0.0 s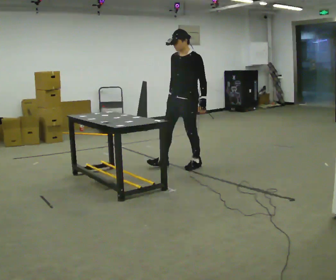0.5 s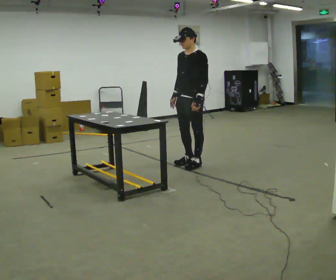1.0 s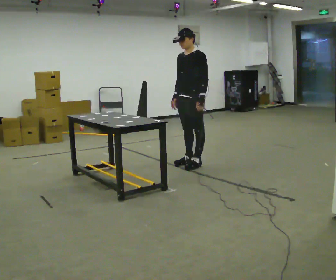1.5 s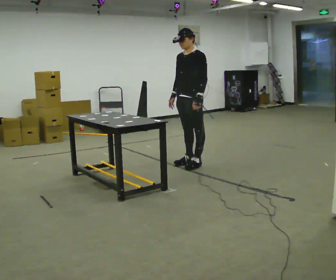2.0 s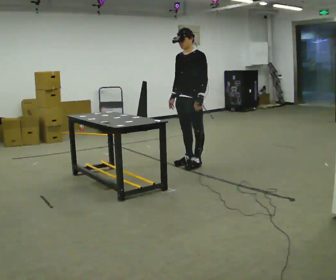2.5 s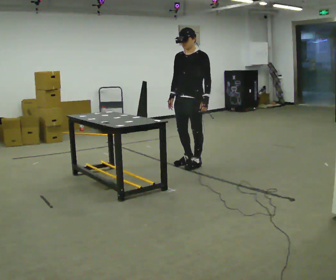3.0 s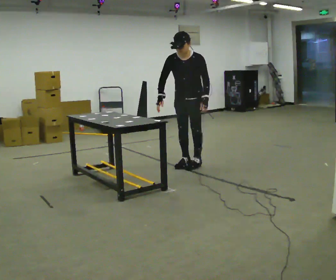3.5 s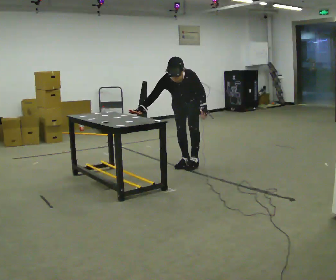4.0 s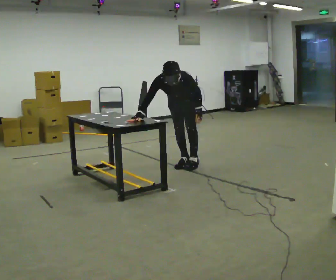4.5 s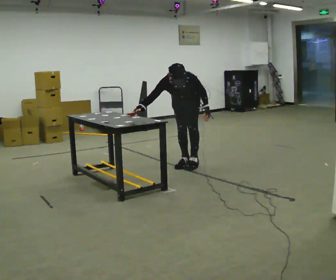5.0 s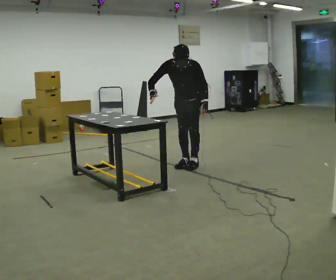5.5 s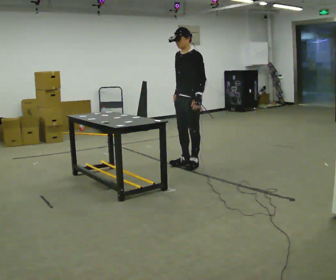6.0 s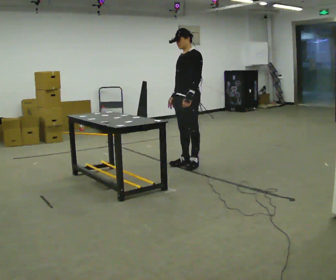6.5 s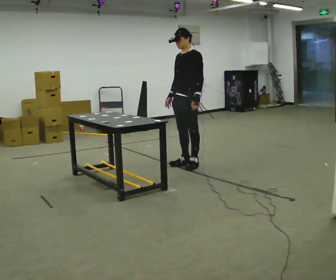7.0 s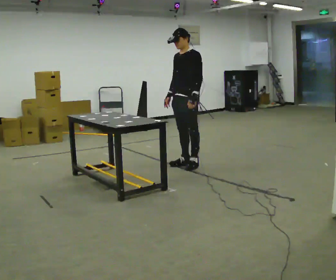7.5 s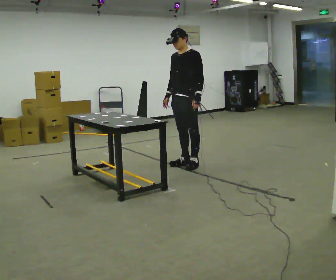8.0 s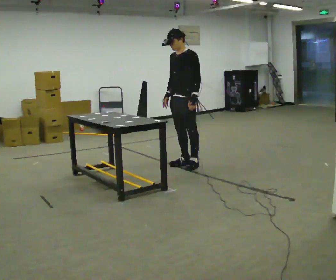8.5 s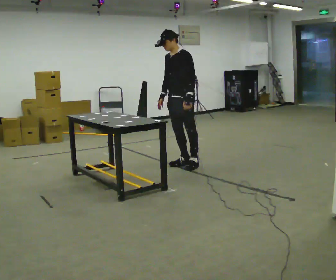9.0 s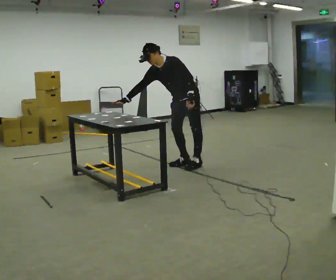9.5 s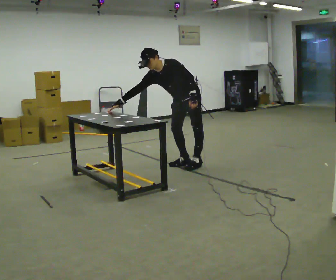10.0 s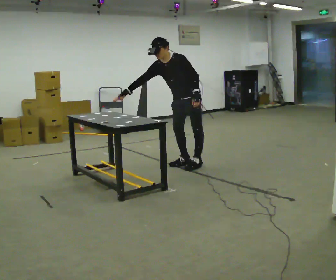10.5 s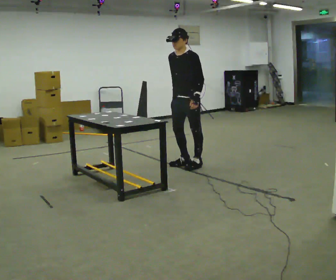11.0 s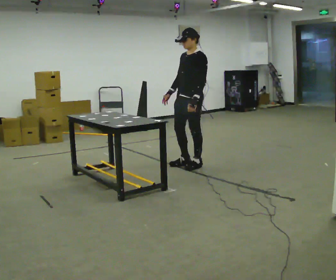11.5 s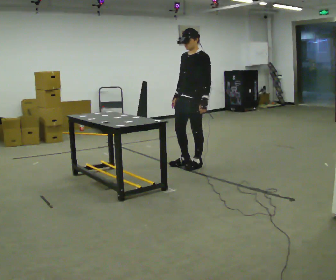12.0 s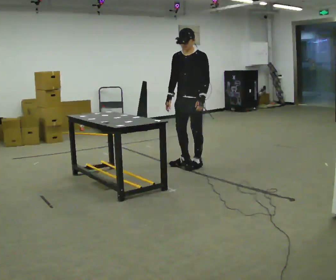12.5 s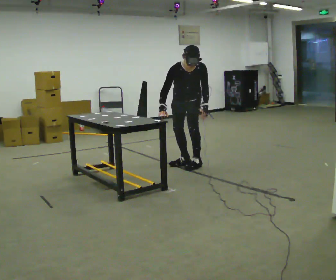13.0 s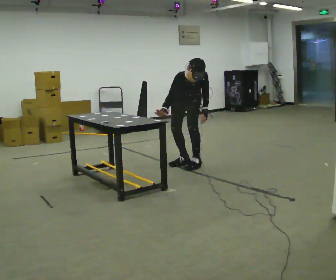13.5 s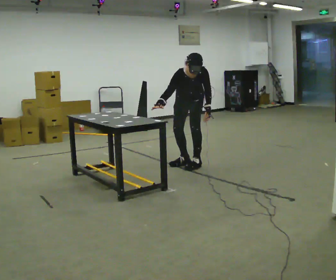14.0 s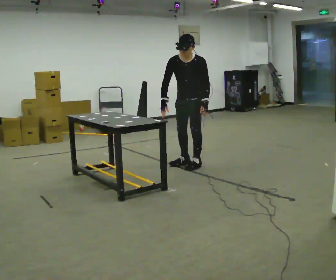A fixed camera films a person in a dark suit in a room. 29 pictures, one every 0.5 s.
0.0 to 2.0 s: The person moves a little, or ends about where they began.
2.0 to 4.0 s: Seen from above the body turns counterclockwise, about 30 degrees: to their left, with its near side sliding to the right. The upper body goes downward. The upper body tips toward the camera, its near side rolling downward, as they bend forward. In the picture their right hand goes to the left.
4.0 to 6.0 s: The part of the body nearest the lens slides to the left as the person turns to their right by about 45 degrees. The shoulders move upward. The upper body tips away from the camera, its near side rolling upward, as they lean back or straighten.
6.0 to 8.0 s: The person moves a little, or ends about where they began.
8.0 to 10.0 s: In the picture their right hand goes to the left.
10.0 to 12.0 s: In the picture their right hand goes to the right.
12.0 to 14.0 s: The person moves a little, or ends about where they began.
The film runs forward here.
